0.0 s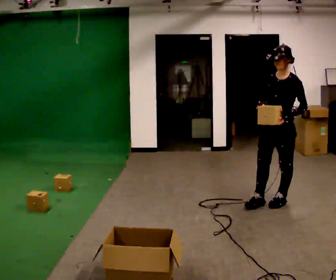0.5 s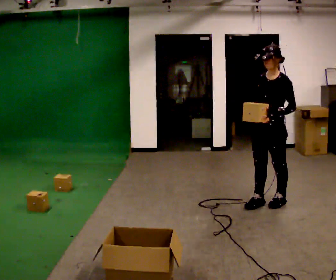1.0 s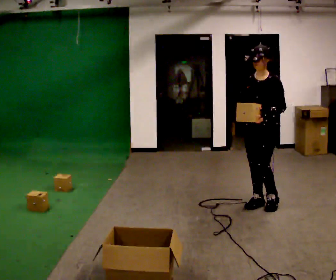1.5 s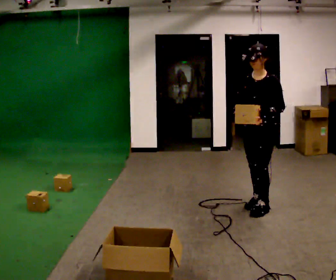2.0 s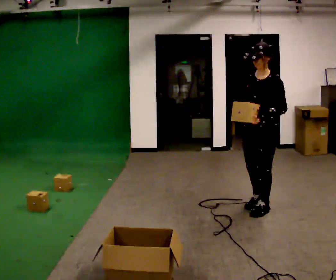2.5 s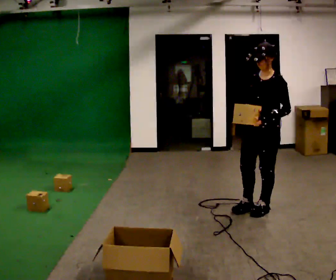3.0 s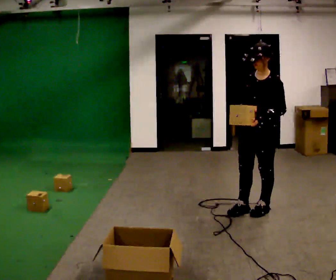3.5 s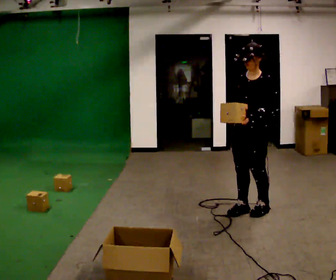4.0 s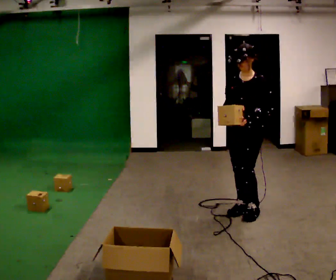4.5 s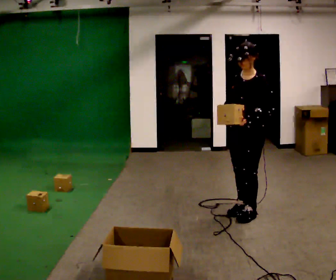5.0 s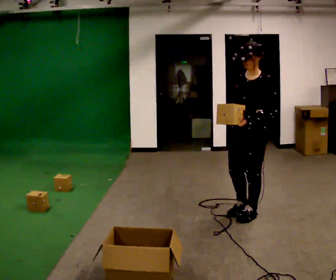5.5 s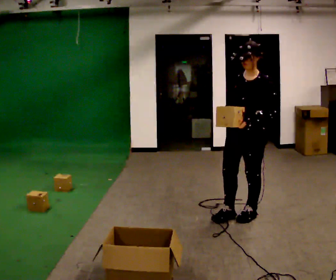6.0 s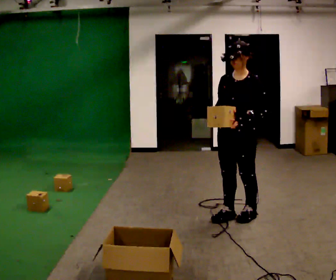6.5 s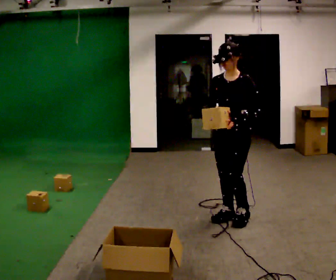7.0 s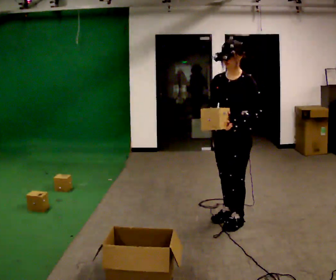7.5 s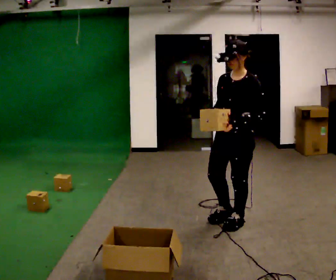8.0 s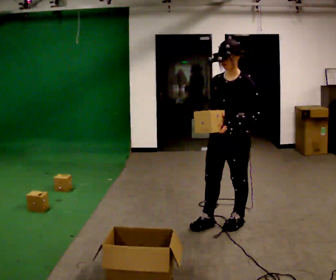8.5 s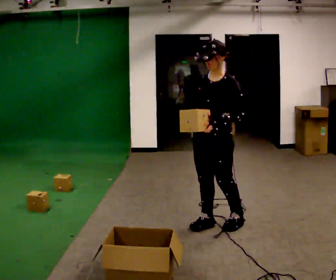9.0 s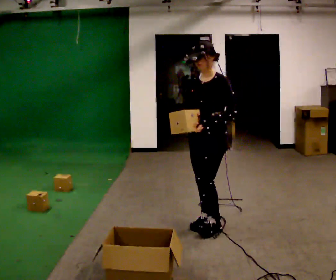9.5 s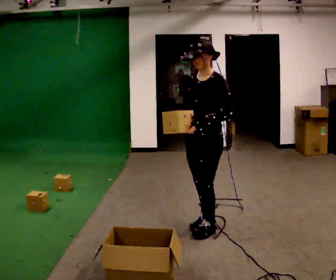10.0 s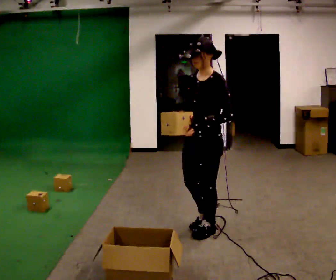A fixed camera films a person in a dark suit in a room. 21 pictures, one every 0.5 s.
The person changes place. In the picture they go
toward the camera.
0.0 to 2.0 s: In the picture they go toward the camera and to the left, about 0.25 m in 1 step, which for them is forward.
2.0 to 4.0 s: The person moves a little, or ends about where they began.
4.0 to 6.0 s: In the picture they go toward the camera, about 0.25 m in 2 steps, which for them is forward.
6.0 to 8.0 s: In the picture they go toward the camera, about 0.25 m in 2 steps, which for them is forward.
8.0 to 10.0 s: In the picture they go toward the camera and to the left, about 0.25 m in 1 step, which for them is forward.
The film runs forward here.
